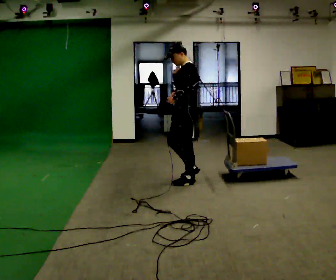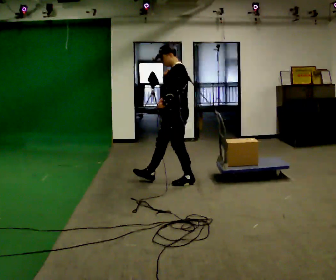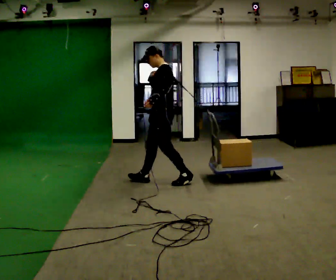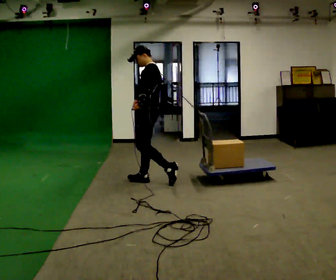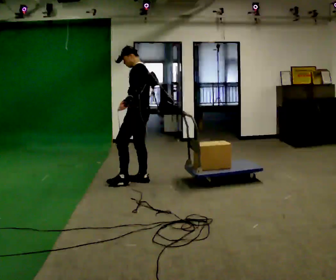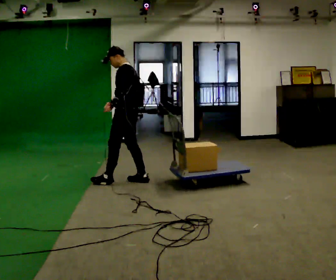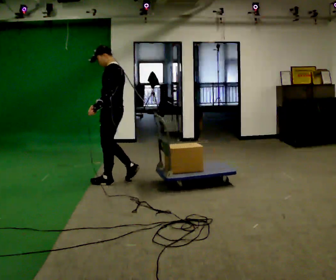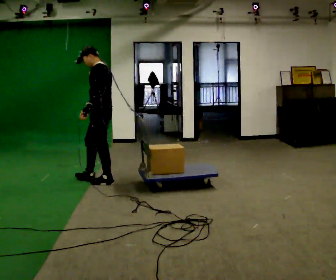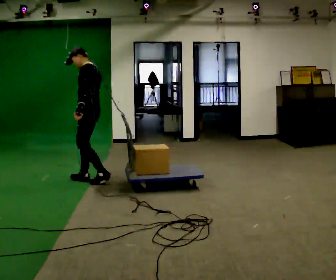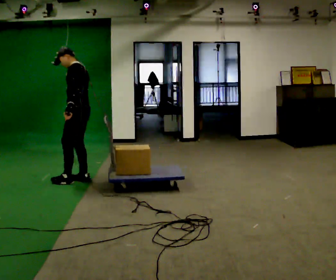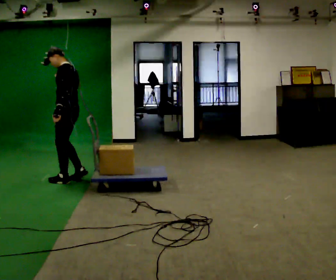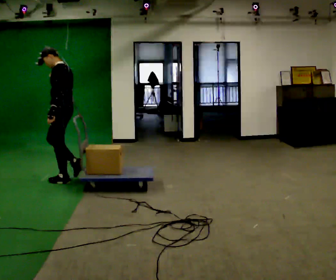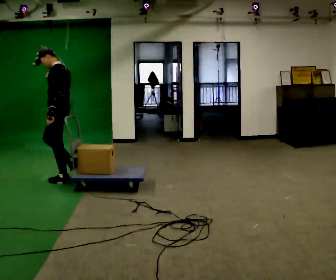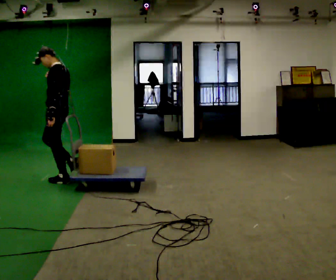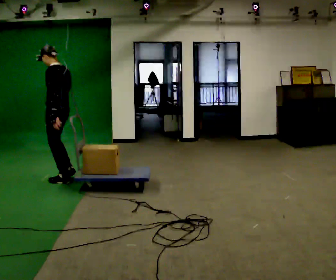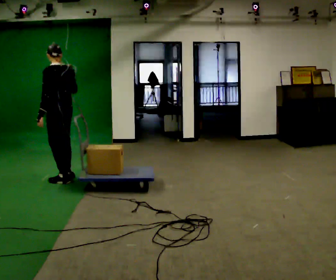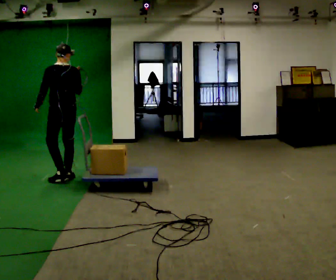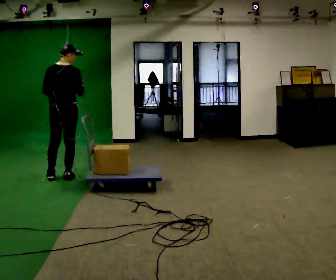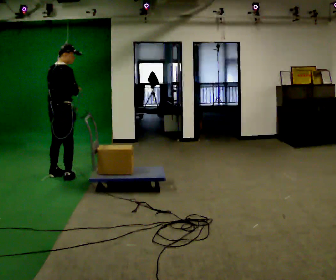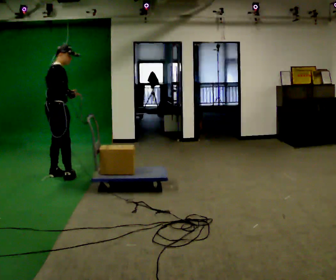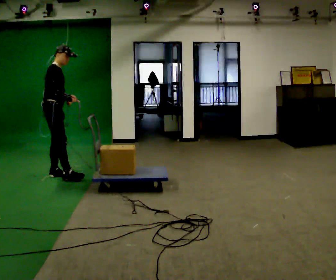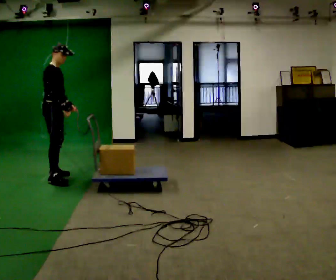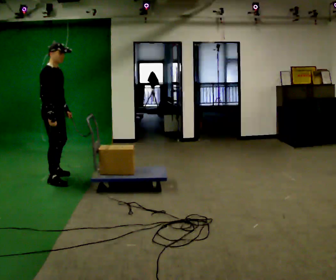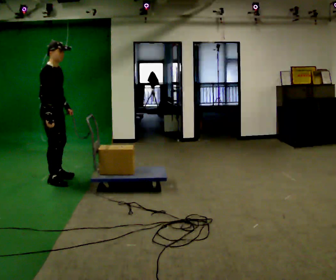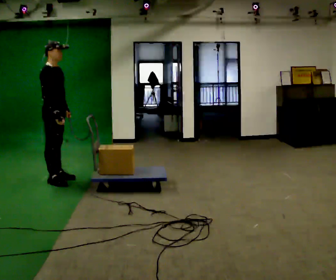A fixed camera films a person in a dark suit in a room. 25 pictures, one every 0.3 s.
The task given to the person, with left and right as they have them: Put the rope over your shoulder and drag the sled across the room. Keep going until the operator says stop.
0.0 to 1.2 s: In the picture they go to the left, about 0.5 m in 1 step, which for them is forward.
1.2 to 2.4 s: In the picture they go to the left, about 0.5 m in 2 steps, which for them is forward.
2.4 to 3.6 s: In the picture they go to the left, about 0.25 m in 1 step, which for them is forward.
3.6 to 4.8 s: Seen from above the body turns clockwise, about 60 degrees: to their right, with its near side sliding to the left.
4.8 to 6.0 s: Seen from above the body turns clockwise, about 105 degrees: to their right, with its near side sliding to the left. In the picture they go to the left, about 0.25 m in 1 step. In the picture their left hand goes to the right.
6.0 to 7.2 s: In the picture they go toward the camera, about 0.25 m in 2 steps, which for them is to their right.
The film runs forward here.
